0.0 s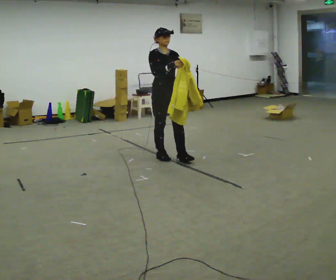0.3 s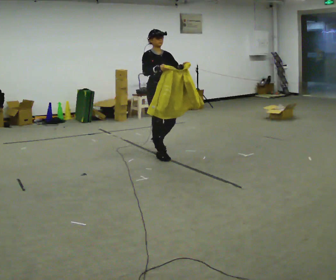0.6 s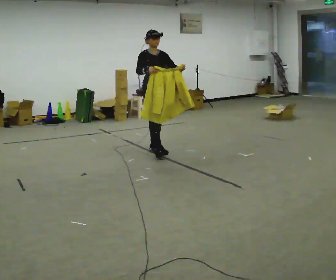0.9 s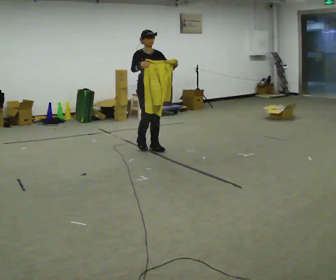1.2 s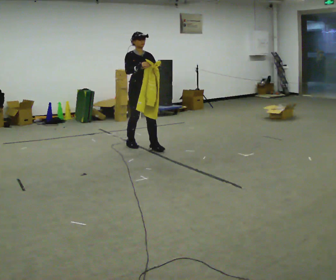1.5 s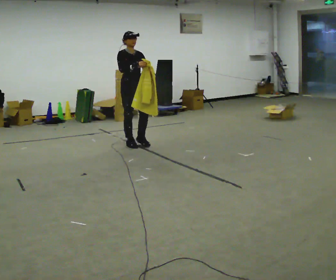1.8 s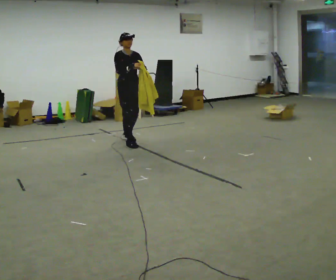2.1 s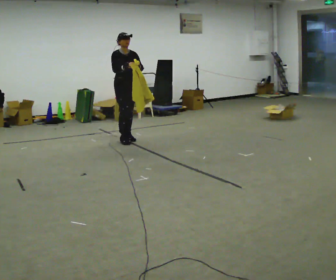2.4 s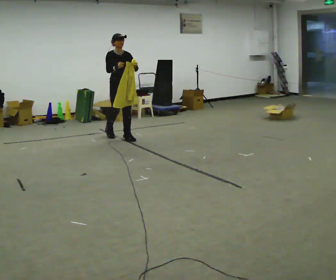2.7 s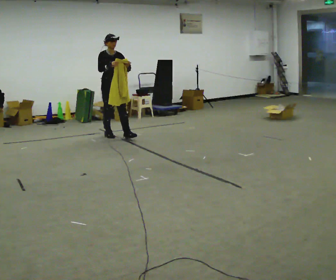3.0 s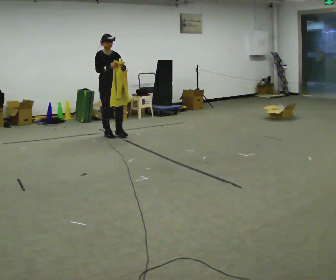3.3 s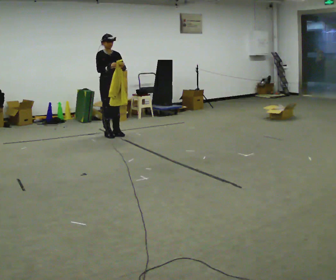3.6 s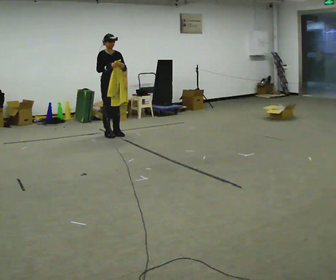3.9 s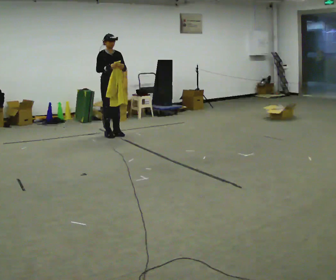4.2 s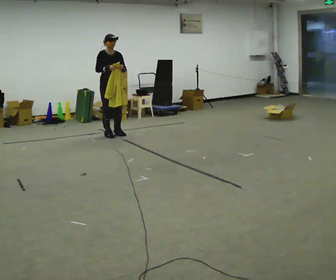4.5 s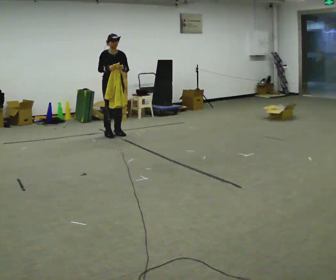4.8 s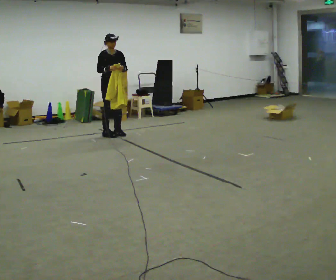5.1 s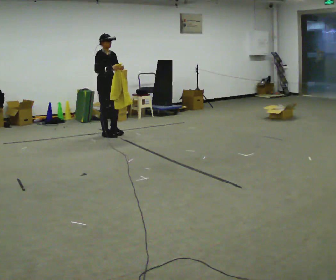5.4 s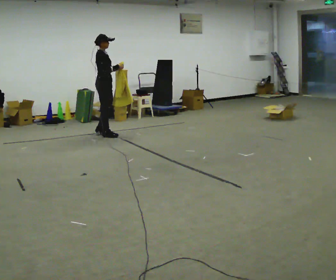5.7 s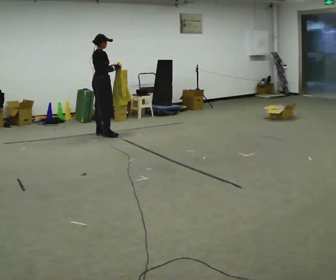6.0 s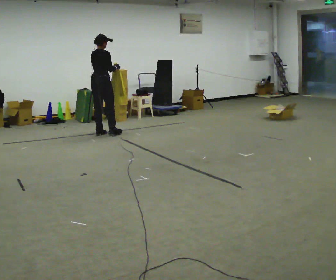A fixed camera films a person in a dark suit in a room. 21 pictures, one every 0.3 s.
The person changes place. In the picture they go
away from the camera.
0.0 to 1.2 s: In the picture they go away from the camera and to the left, about 0.75 m in 1 step, which for them is backward.
1.2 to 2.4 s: In the picture they go away from the camera and to the left, about 0.75 m in 2 steps, which for them is backward.
2.4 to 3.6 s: In the picture they go away from the camera and to the left, about 0.25 m in 1 step, which for them is backward.
3.6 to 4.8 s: The person moves a little, or ends about where they began.
4.8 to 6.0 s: The person turns about 105 degrees to their left, counterclockwise seen from above, so the part of the body nearest the lens slides to the right. In the picture they go to the left, about 0.25 m in 2 steps.
The film runs backward here.
